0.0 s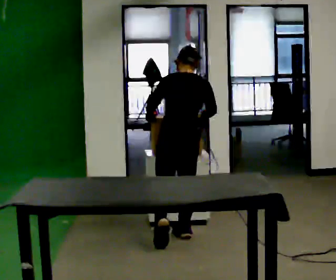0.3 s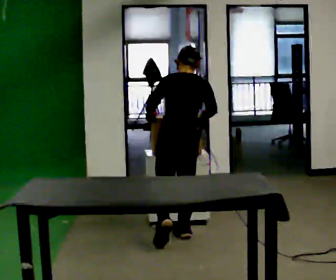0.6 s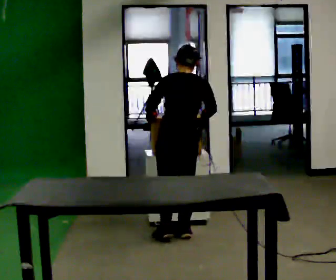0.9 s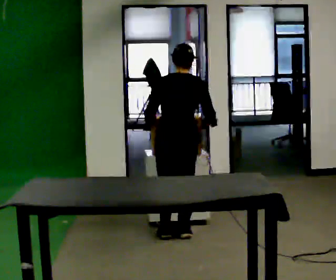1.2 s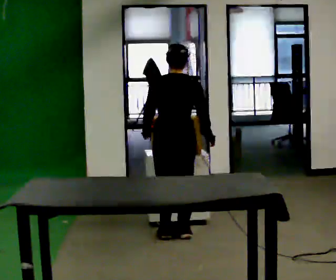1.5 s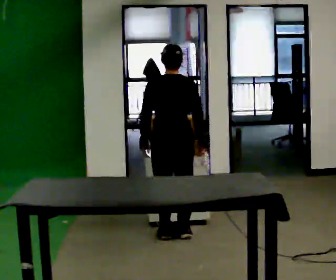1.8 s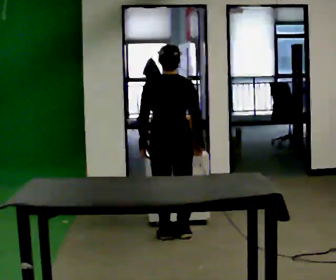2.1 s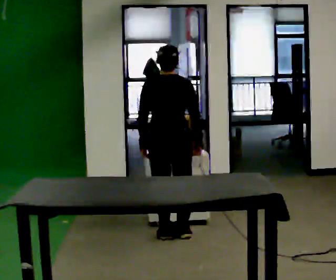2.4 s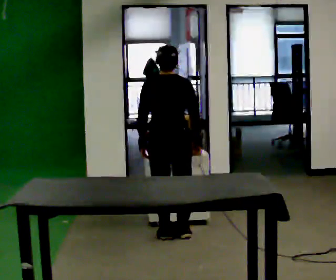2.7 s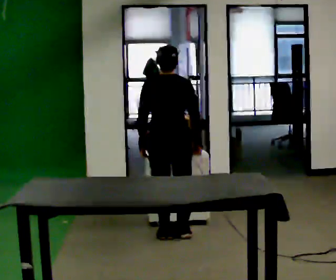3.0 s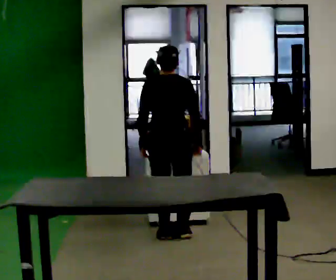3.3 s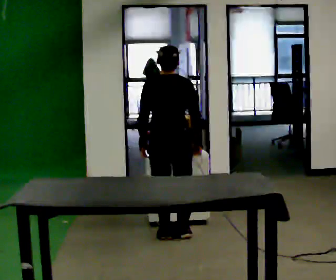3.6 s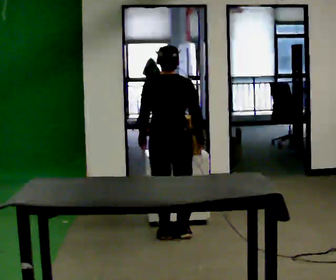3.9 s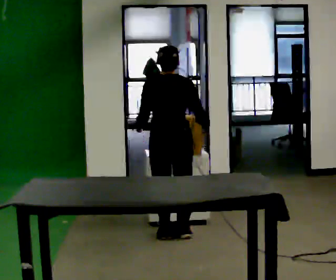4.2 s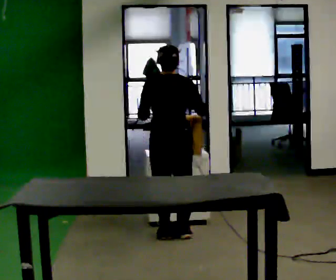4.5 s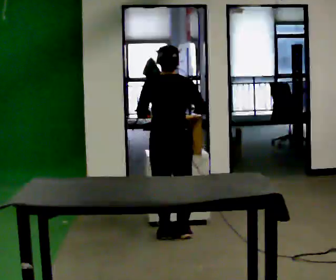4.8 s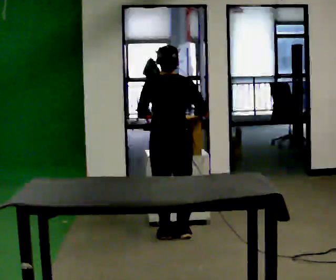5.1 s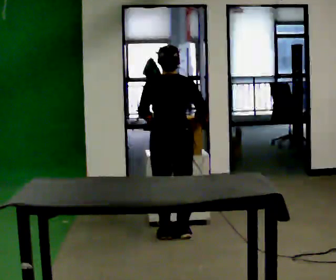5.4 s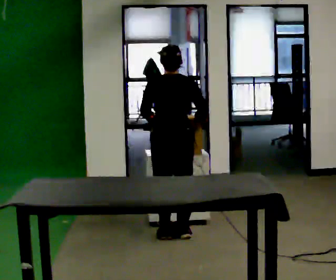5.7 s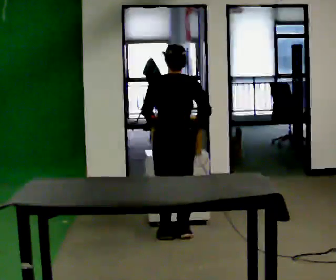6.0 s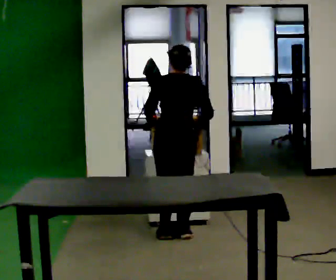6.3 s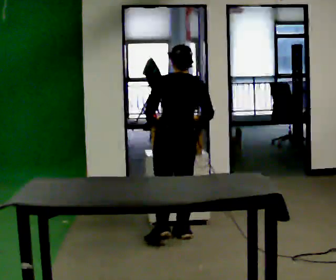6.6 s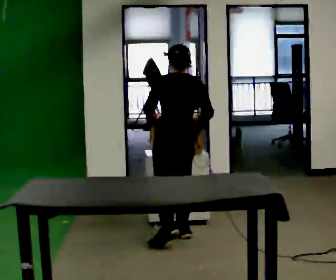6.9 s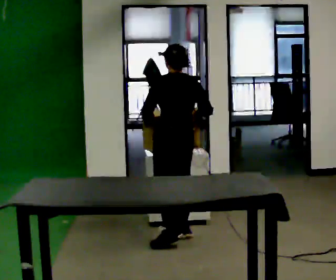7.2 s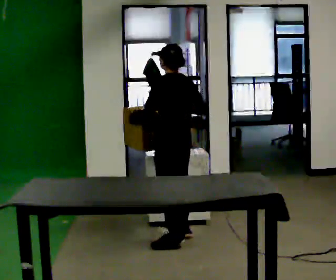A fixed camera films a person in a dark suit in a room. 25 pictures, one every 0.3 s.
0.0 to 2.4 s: The person moves a little, or ends about where they began.
2.4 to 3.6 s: The person keeps their place and pose.
3.6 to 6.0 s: The person moves a little, or ends about where they began.
6.0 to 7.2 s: The part of the body nearest the lens slides to the right as the person turns to their left by about 45 degrees.
The film runs forward here.
